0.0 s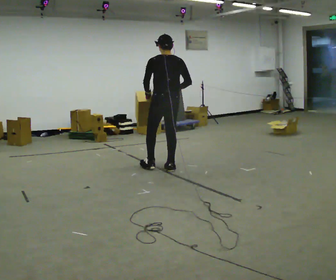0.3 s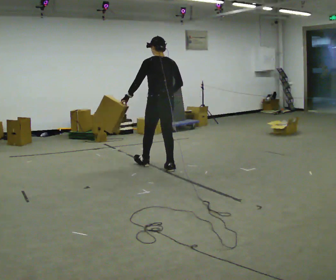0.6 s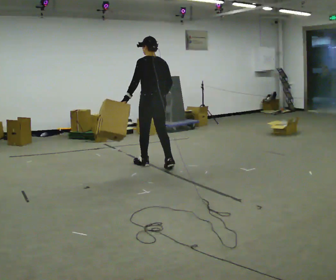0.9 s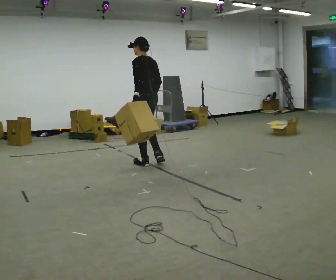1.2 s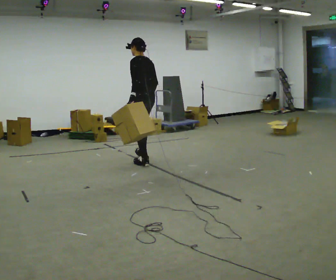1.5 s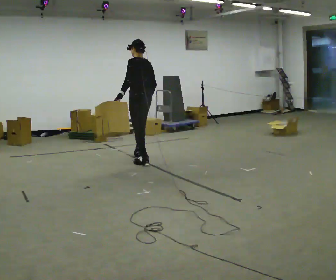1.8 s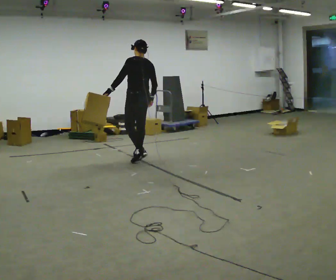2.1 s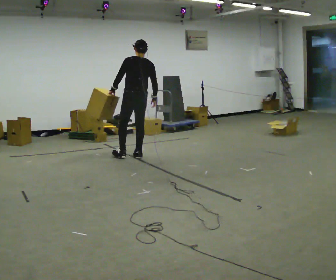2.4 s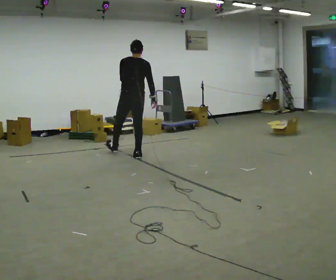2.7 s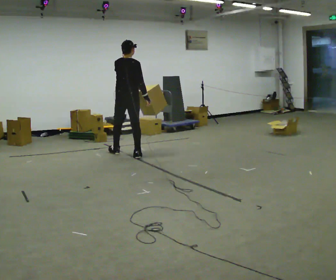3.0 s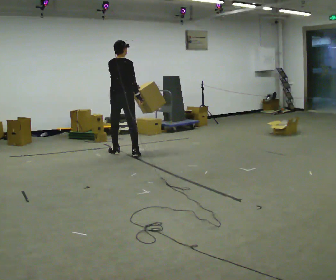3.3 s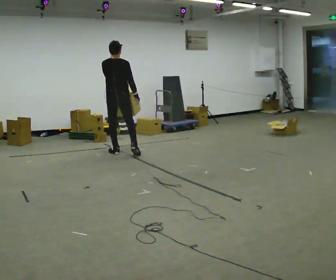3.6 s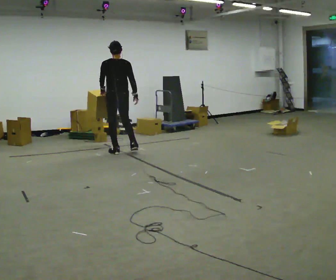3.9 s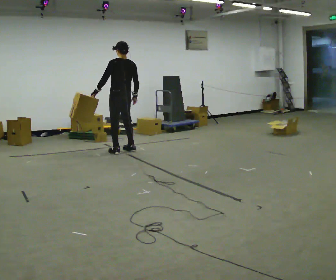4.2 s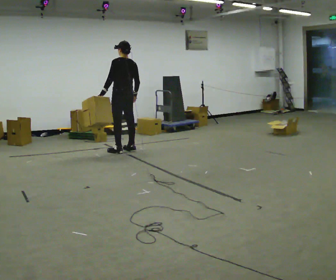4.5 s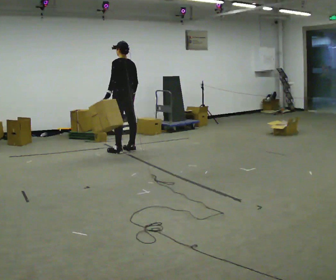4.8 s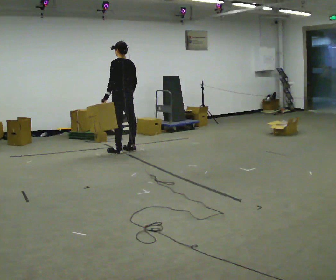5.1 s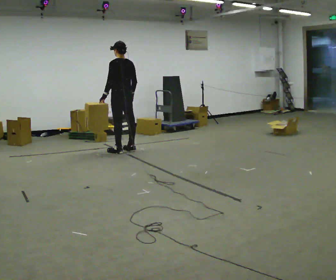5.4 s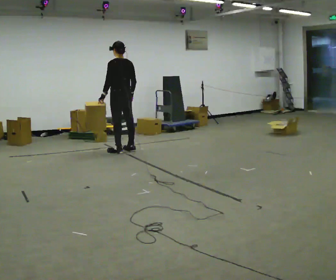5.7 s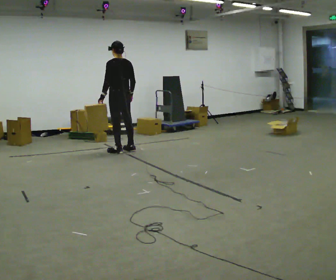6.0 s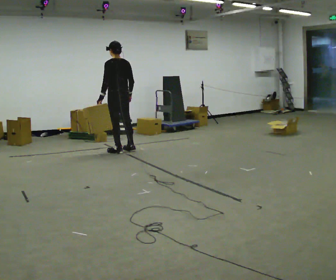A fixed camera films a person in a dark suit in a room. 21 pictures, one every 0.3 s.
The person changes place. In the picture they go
away from the camera.
0.0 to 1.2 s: The person turns about 30 degrees to their left, counterclockwise seen from above, so the part of the body nearest the lens slides to the right. In the picture they go away from the camera and to the left, about 0.5 m in 1 step, which for them is forward.
1.2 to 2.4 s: Seen from above the body turns clockwise, about 45 degrees: to their right, with its near side sliding to the left. In the picture they go away from the camera and to the left, about 0.5 m in 1 step, which for them is forward.
2.4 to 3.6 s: In the picture they go away from the camera and to the left, about 0.5 m in 1 step, which for them is to their left and forward.
3.6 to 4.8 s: The part of the body nearest the lens slides to the right as the person turns to their left by about 30 degrees.
4.8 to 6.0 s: The person moves a little, or ends about where they began.
The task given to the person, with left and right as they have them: Carry the object in the hand the operator calls, down at your side, walking back and forth across the room.
The film runs forward here.
